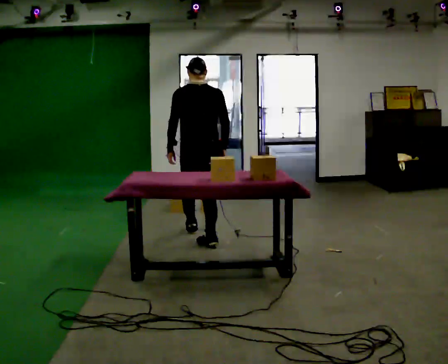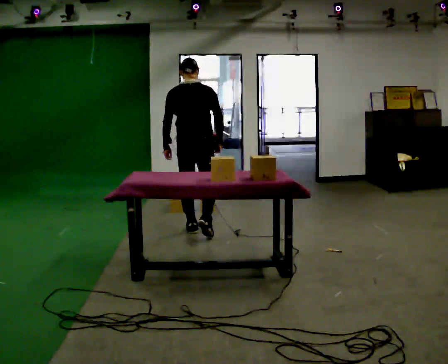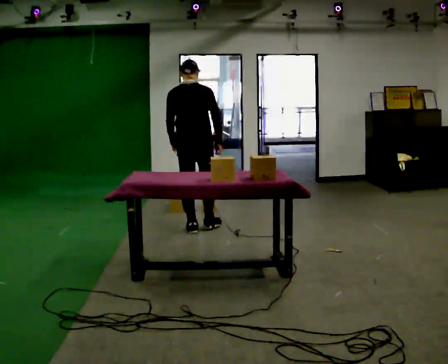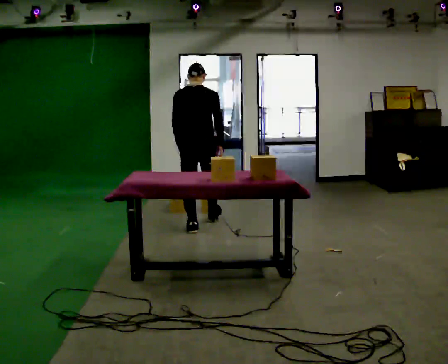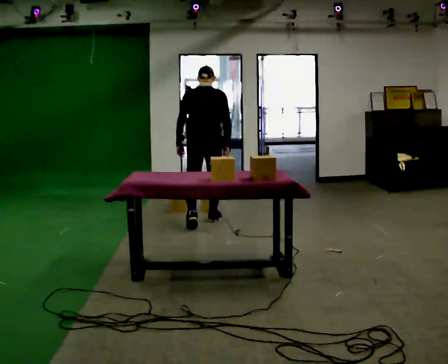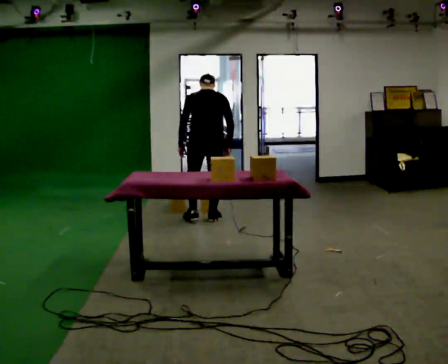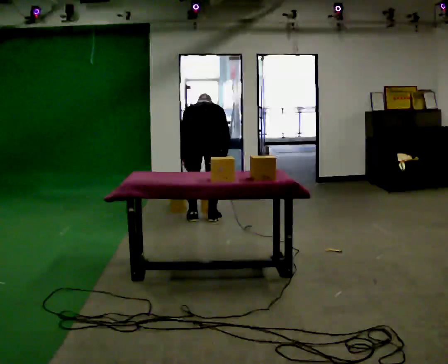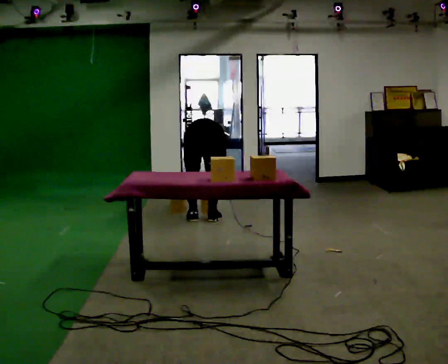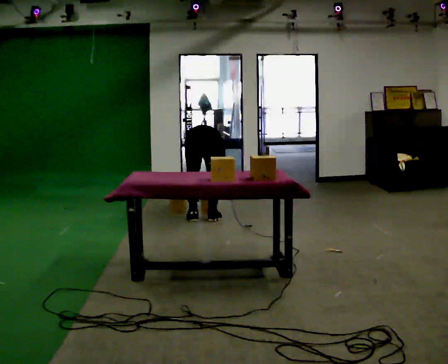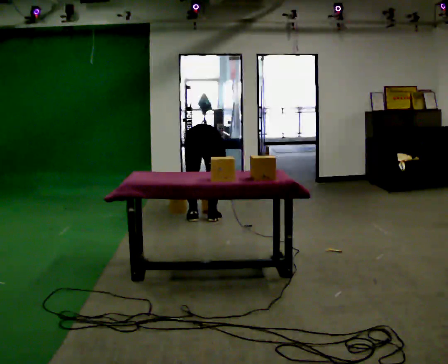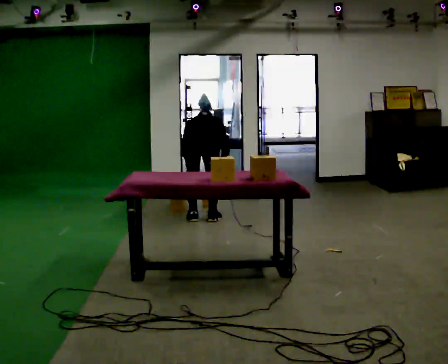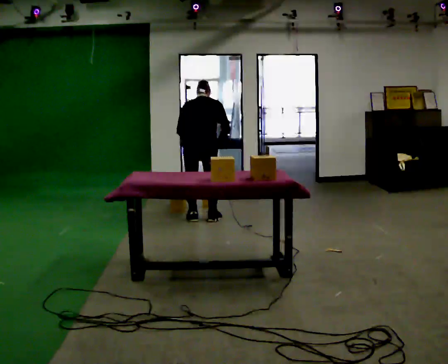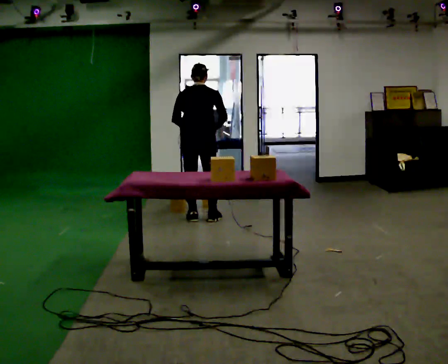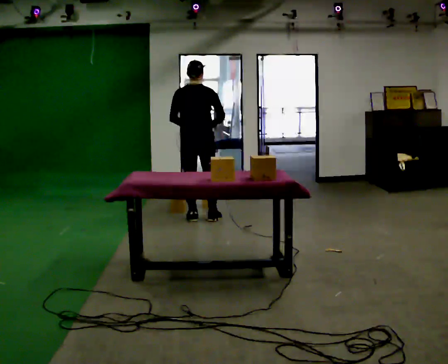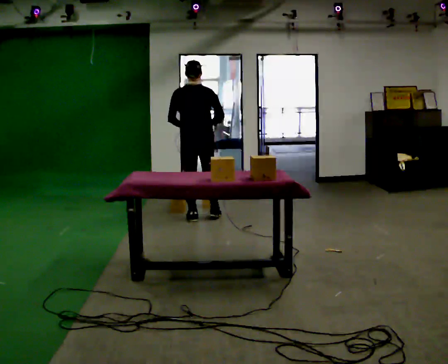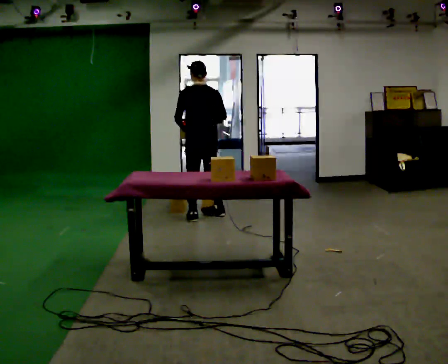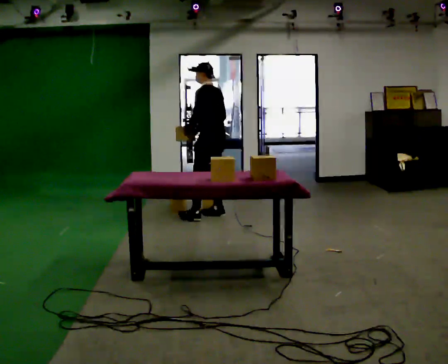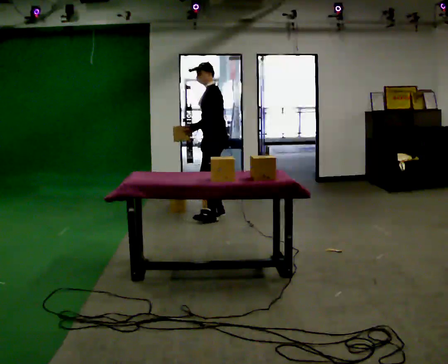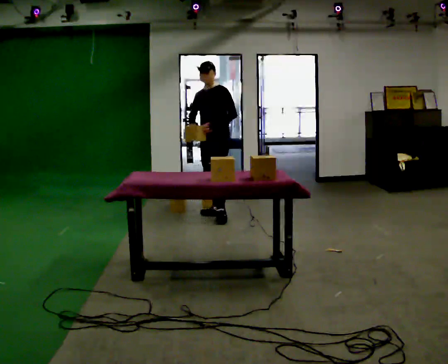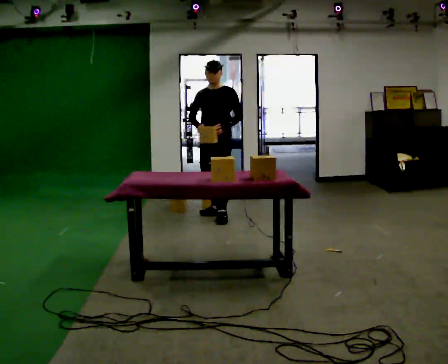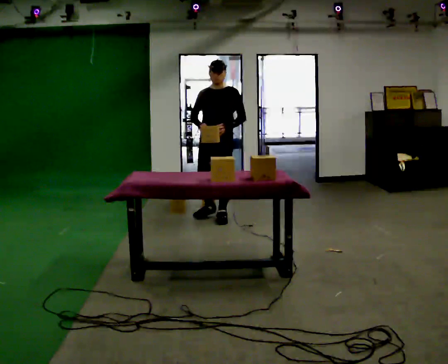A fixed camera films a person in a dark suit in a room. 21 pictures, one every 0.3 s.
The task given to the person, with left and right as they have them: Take boxes off the top of the stack one at a time and carry them away, walking back for each one. Keep going until the operator says stop; one object at a time, and do not rush between trips.
0.0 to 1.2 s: In the picture they go away from the camera, about 0.5 m in 1 step, which for them is forward.
1.2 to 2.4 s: The upper body goes downward. The upper body tips away from the camera, its near side rolling upward, as they bend forward. In the picture their left hand goes downward.
2.4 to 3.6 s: The shoulders move upward. The upper body tips toward the camera, its near side rolling downward, as they lean back or straighten. In the picture their left hand goes upward.
3.6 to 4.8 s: The part of the body nearest the lens slides to the right as the person turns to their left by about 75 degrees. In the picture they go to the right and away from the camera, about 0.25 m in 1 step.
4.8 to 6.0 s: The person turns about 105 degrees to their left, counterclockwise seen from above, so the part of the body nearest the lens slides to the right.
The film runs forward here.
